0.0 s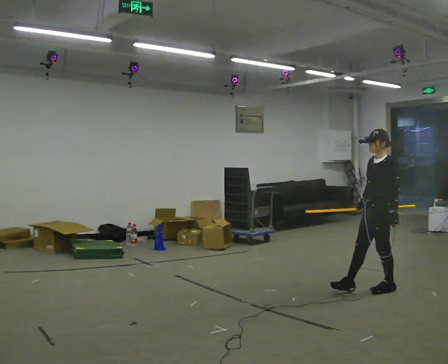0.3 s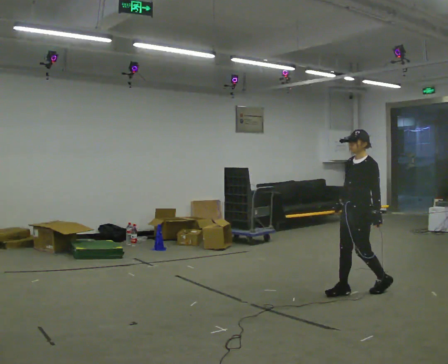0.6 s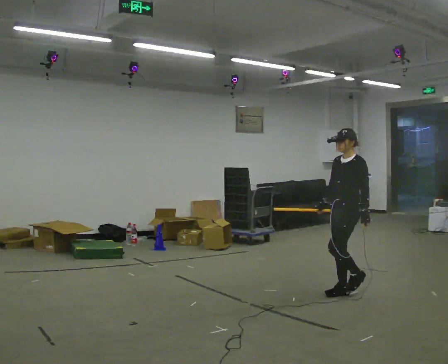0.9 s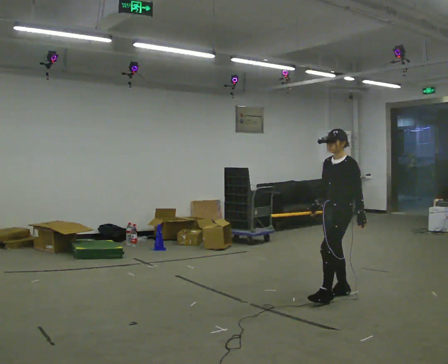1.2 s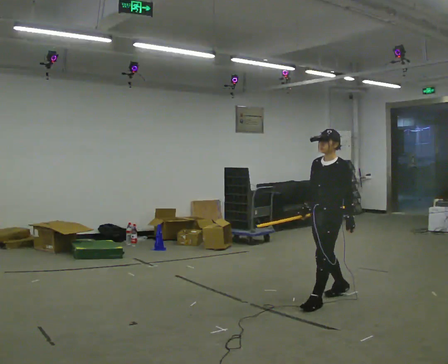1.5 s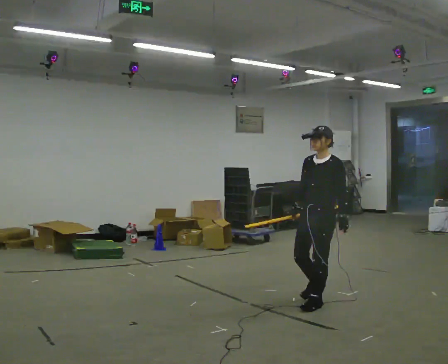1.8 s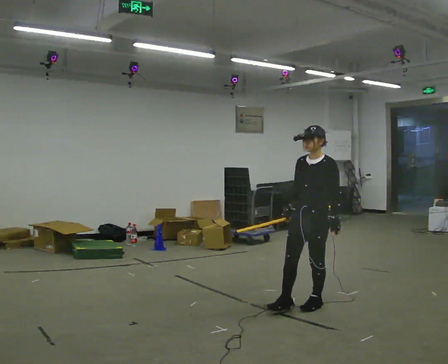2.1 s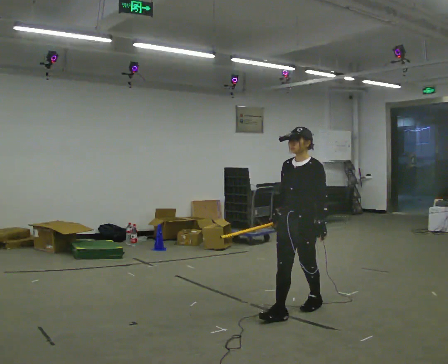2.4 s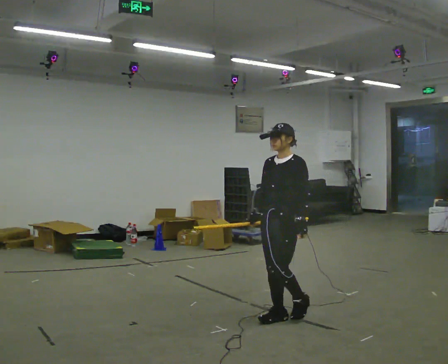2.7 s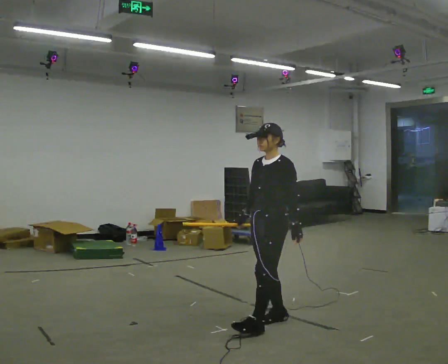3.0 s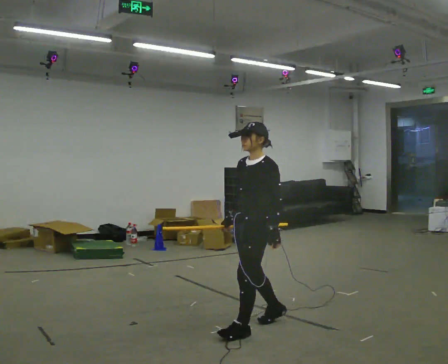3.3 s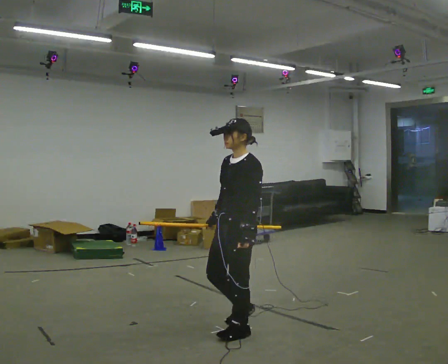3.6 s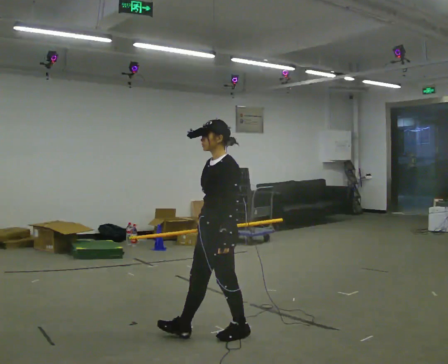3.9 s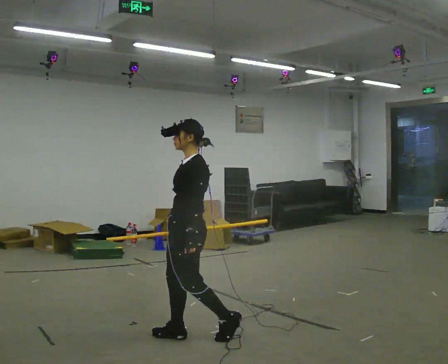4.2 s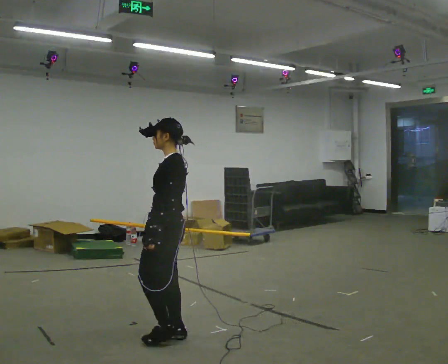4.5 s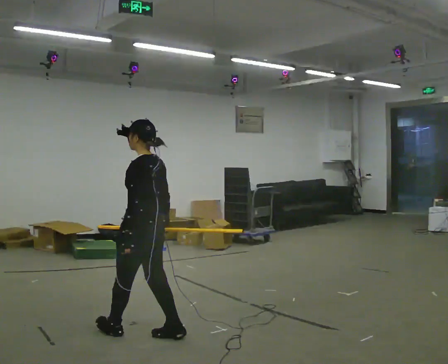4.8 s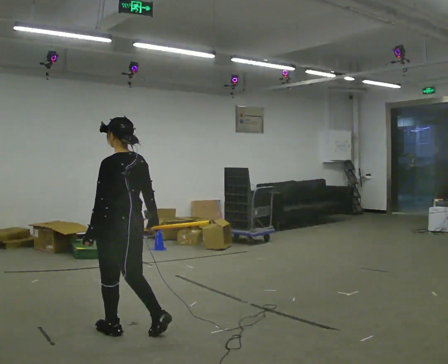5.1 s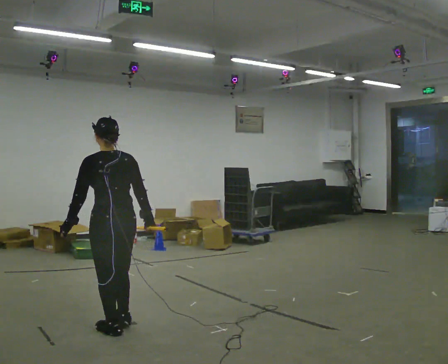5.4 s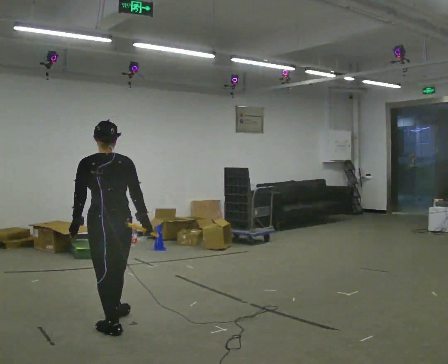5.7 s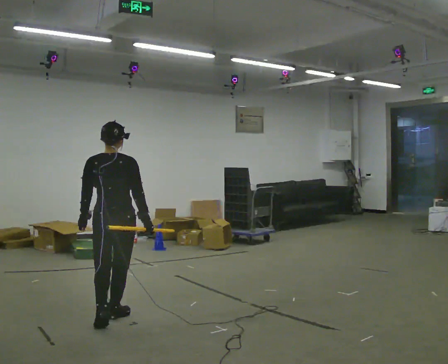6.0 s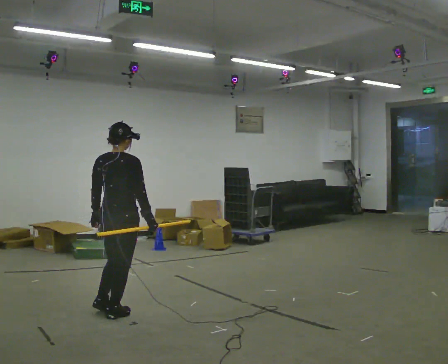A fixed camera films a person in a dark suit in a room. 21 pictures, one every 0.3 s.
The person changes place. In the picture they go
to the left.
0.0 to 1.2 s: In the picture they go to the left and toward the camera, about 0.5 m in 2 steps, which for them is forward.
1.2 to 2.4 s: In the picture they go toward the camera and to the left, about 0.75 m in 1 step, which for them is forward.
2.4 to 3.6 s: In the picture they go to the left and toward the camera, about 0.5 m in 2 steps, which for them is forward.
3.6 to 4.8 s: The person turns about 60 degrees to their right, clockwise seen from above, so the part of the body nearest the lens slides to the left. In the picture they go to the left, about 0.75 m in 1 step.
4.8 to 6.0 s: The person turns about 75 degrees to their right, clockwise seen from above, so the part of the body nearest the lens slides to the left. In the picture they go away from the camera, about 0.5 m in 1 step.
The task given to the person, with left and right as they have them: Carry the long object across the room and around the corner, turning without hitting anything. Keep going until the operator says stop; one object at a time, and do not rush between trips.
The film runs forward here.
